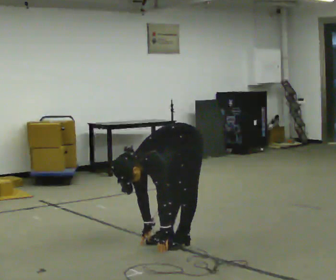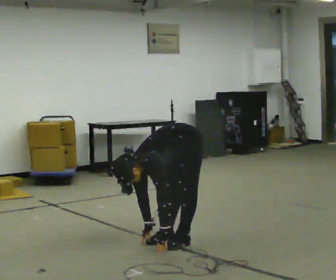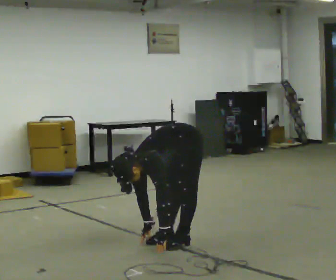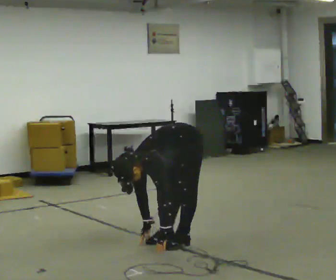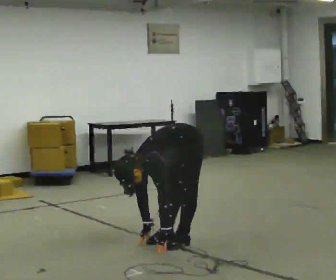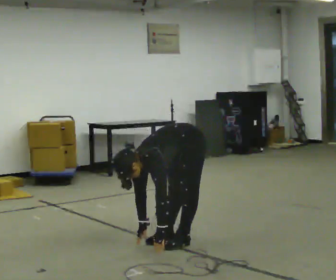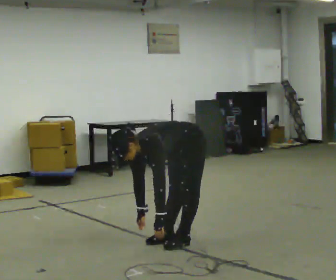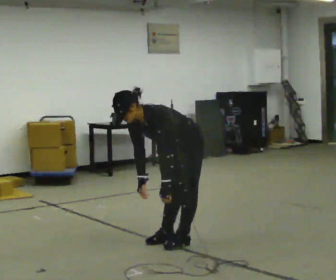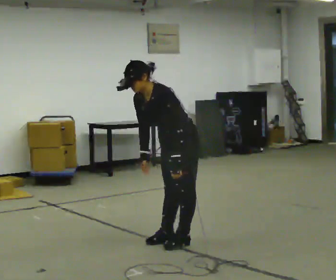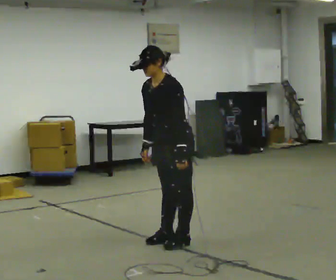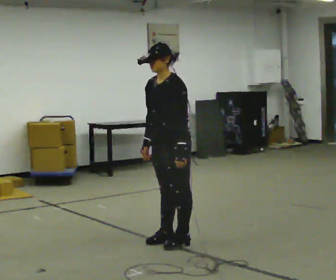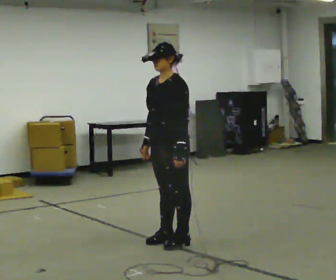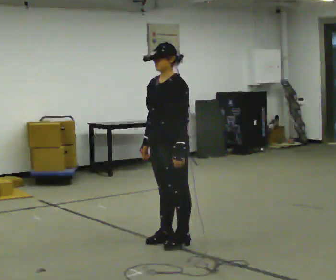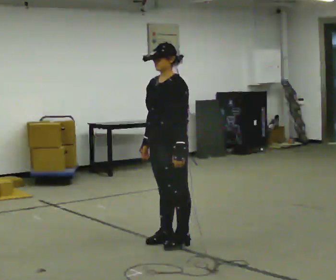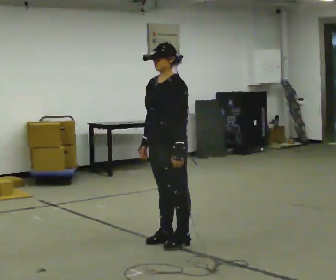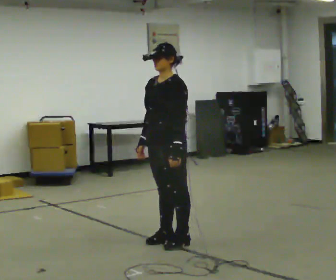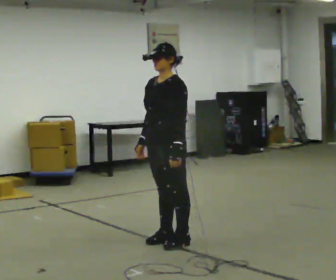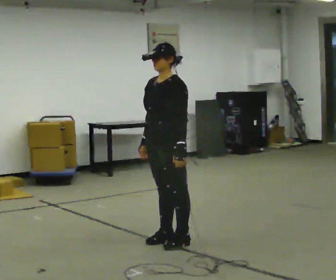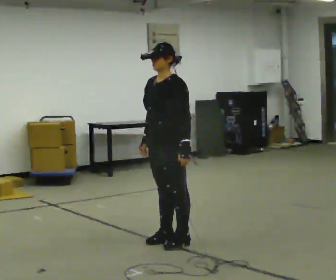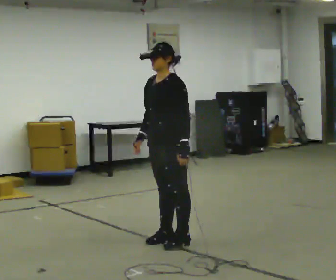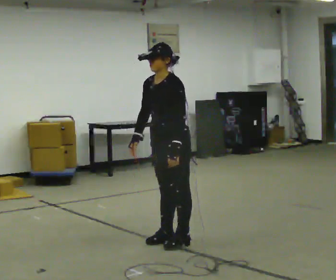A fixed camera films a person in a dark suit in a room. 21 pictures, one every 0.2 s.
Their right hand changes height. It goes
upward.
The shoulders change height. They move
upward.
0.0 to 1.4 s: The upper body goes upward. In the picture the upper body tilts clockwise, shoulders to the right, as they lean back or straighten. In the picture their left hand goes upward.
1.4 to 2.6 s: The shoulders move upward. In the picture the upper body tilts clockwise, shoulders to the right, as they lean back or straighten. In the picture their right hand goes upward.
2.6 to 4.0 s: The person moves a little, or ends about where they began.
The film runs backward here.
